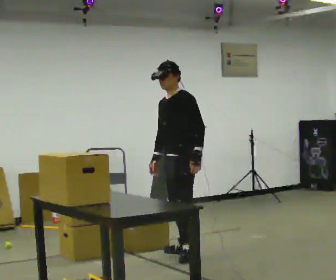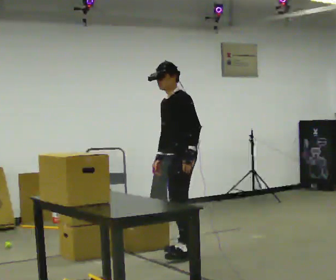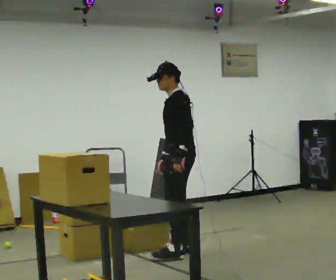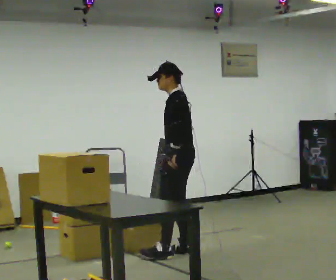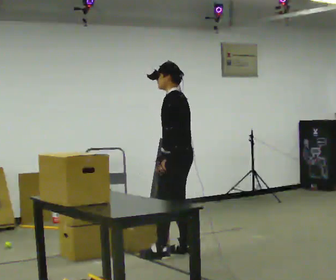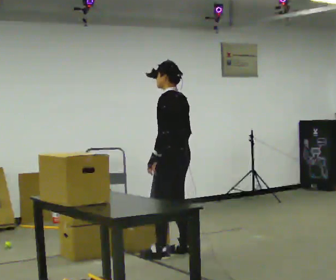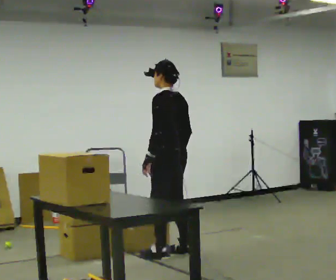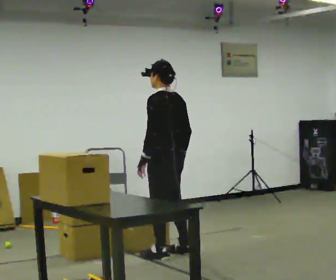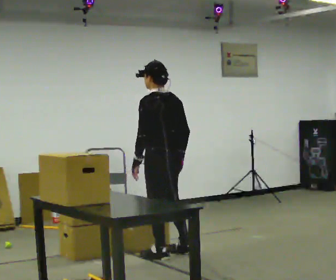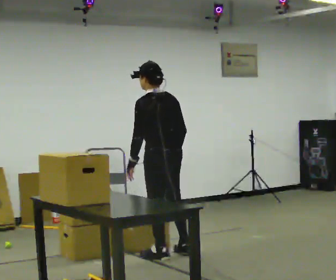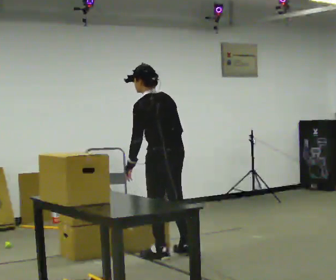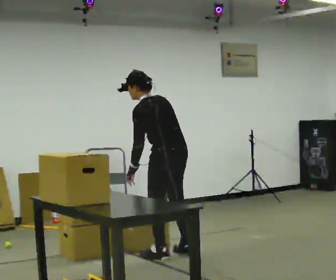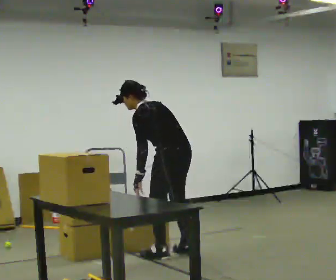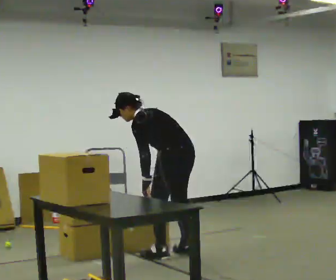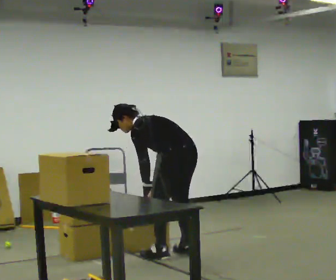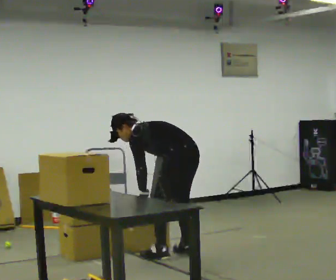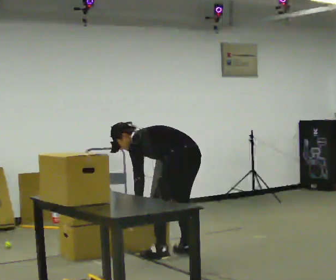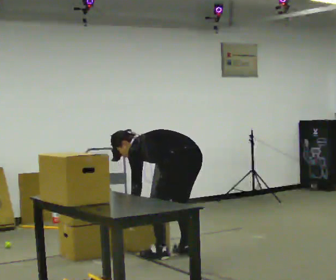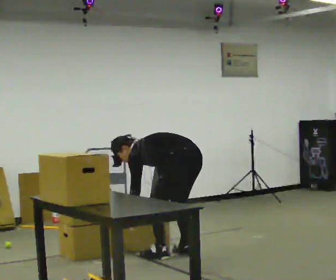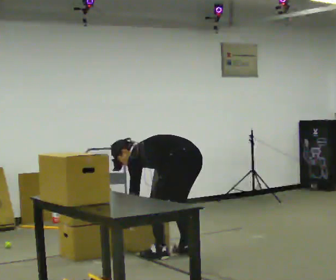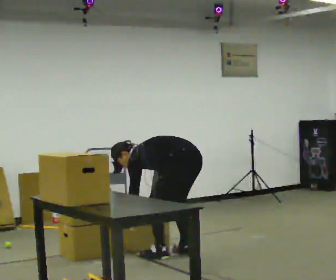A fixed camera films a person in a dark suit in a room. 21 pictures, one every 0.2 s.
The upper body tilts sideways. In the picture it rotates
counterclockwise.
Their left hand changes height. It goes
downward.
0.0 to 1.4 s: Seen from above the body turns clockwise, about 60 degrees: to their right, with its near side sliding to the left. In the picture they go to the left, about 0.25 m in 1 step. In the picture their left hand goes to the left, the arm swinging clockwise.
1.4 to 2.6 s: In the picture the upper body tilts counterclockwise, shoulders to the left, as they bend forward.
2.6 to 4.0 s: The shoulders move downward. In the picture the upper body tilts counterclockwise, shoulders to the left, as they bend forward. In the picture their left hand goes downward.
The film runs backward here.
